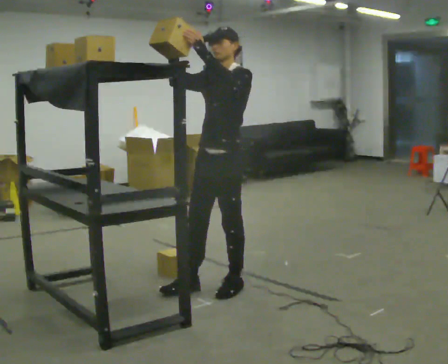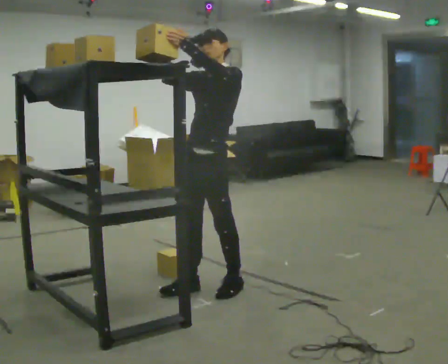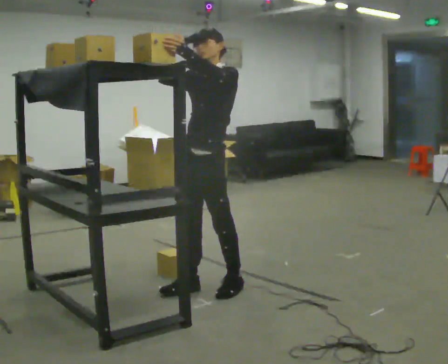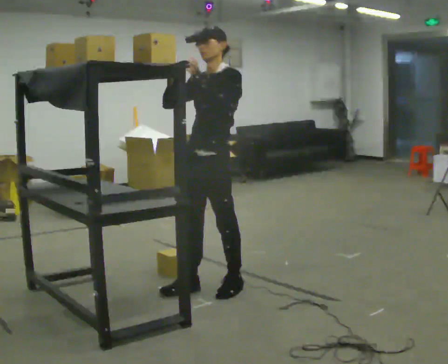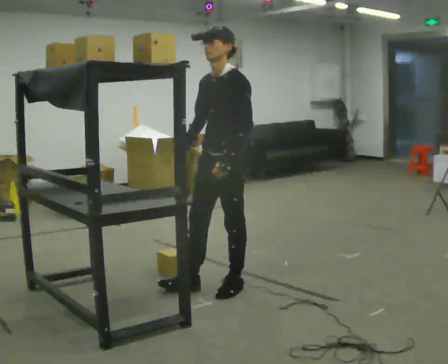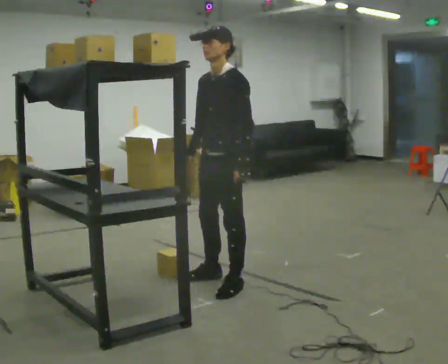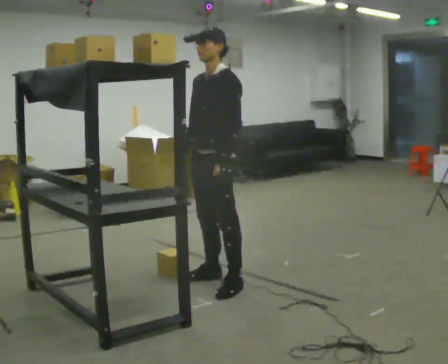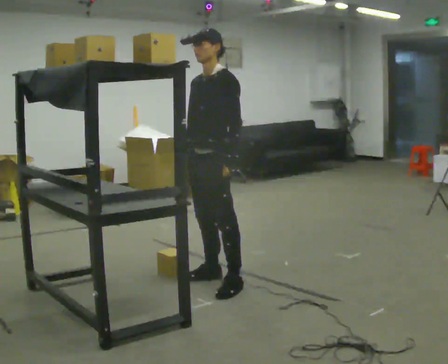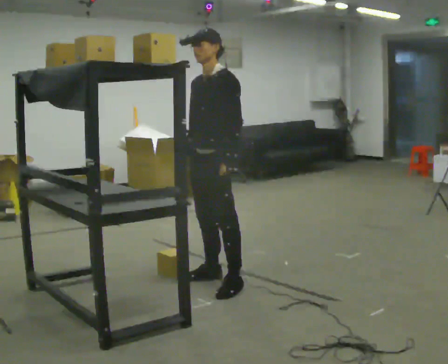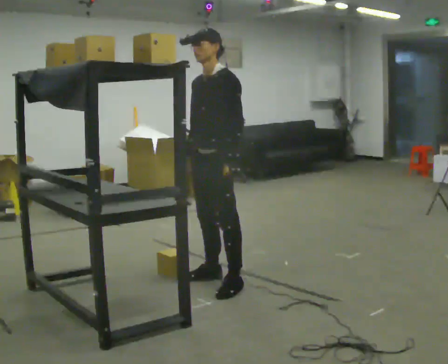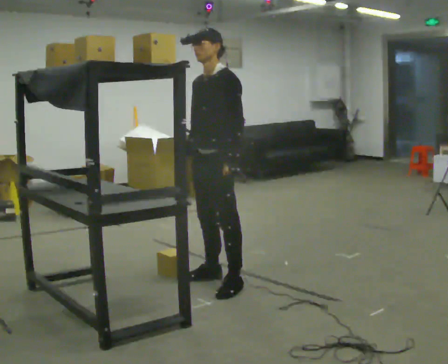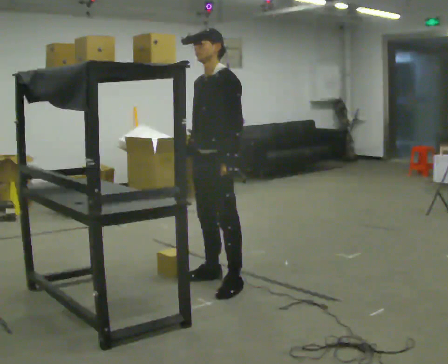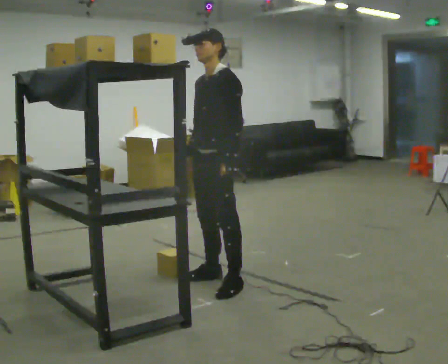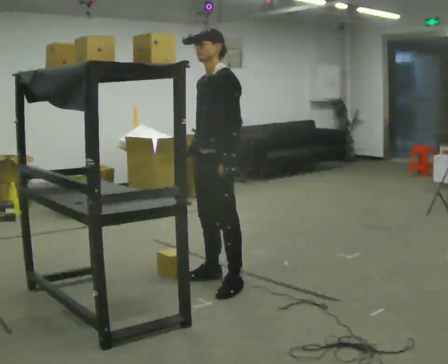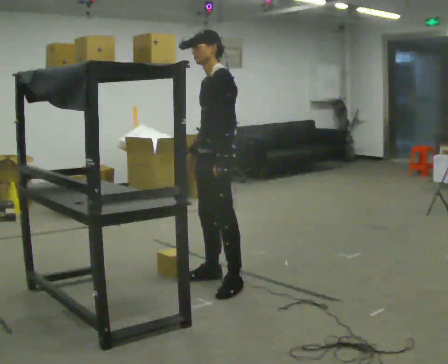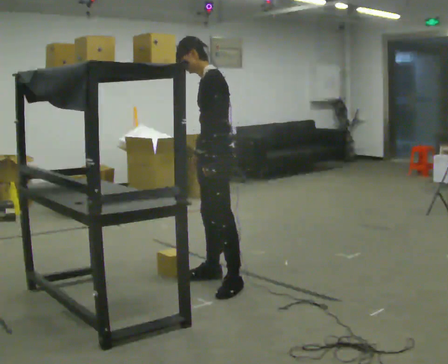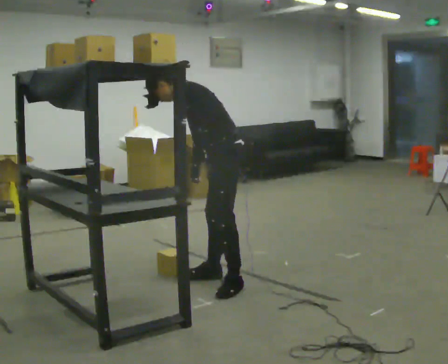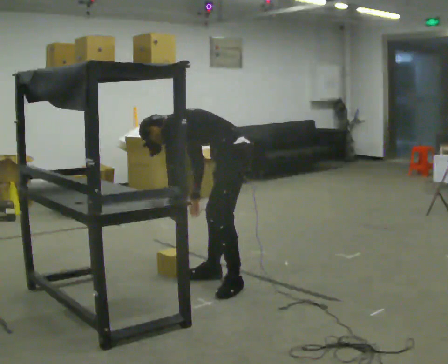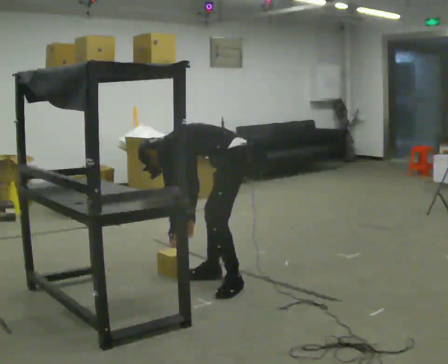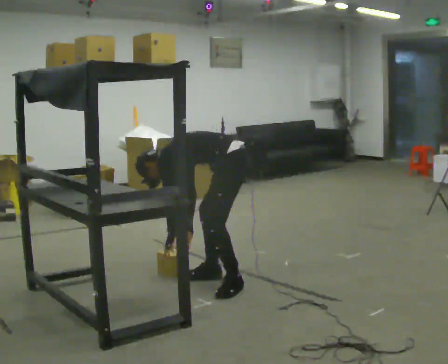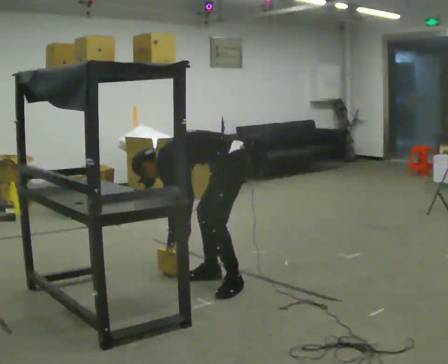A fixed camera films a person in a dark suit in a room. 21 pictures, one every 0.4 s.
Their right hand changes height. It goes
downward.
Their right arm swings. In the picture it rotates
counterclockwise.
0.0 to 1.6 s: In the picture their left hand goes downward.
1.6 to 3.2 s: The person moves a little, or ends about where they began.
3.2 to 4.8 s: The person keeps their place and pose.
4.8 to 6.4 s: The part of the body nearest the lens slides to the left as the person turns to their right by about 30 degrees. In the picture the upper body tilts counterclockwise, shoulders to the left, as they bend forward.
6.4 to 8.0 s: The shoulders move downward. In the picture the upper body tilts counterclockwise, shoulders to the left, as they bend forward. In the picture their left hand goes downward.
The film runs forward here.
